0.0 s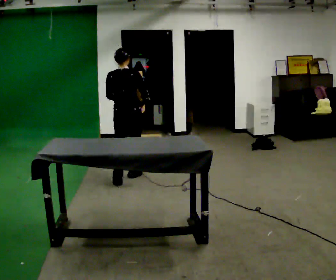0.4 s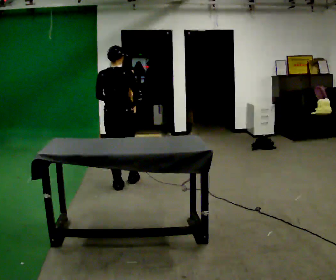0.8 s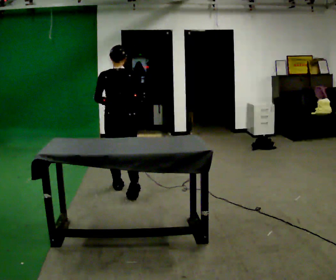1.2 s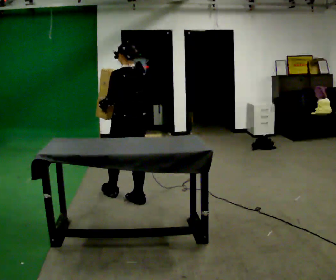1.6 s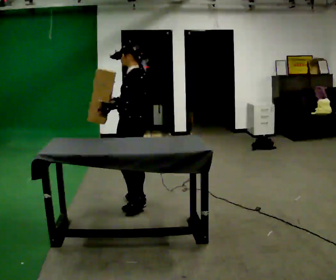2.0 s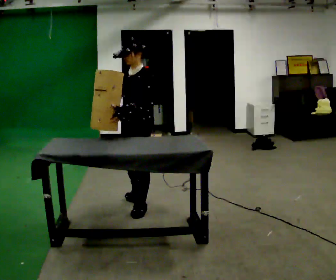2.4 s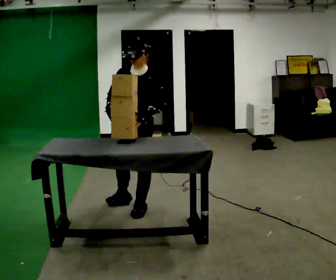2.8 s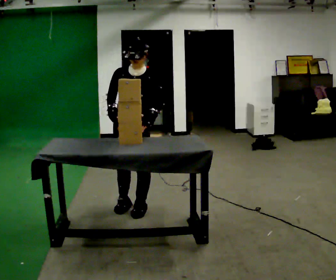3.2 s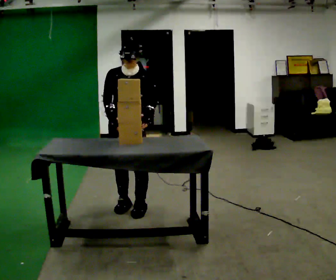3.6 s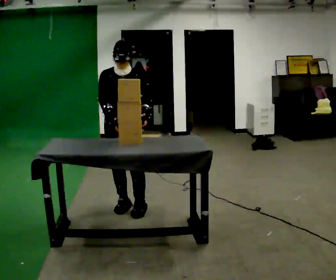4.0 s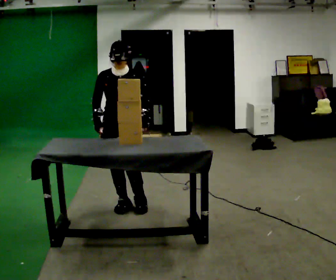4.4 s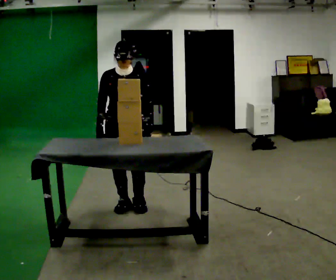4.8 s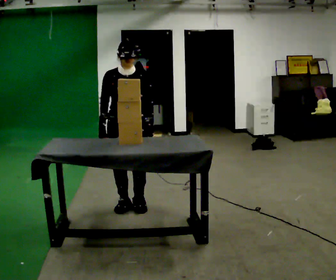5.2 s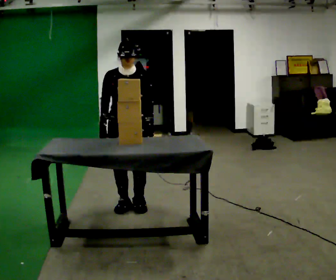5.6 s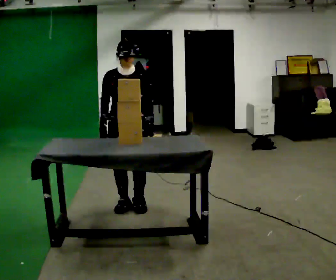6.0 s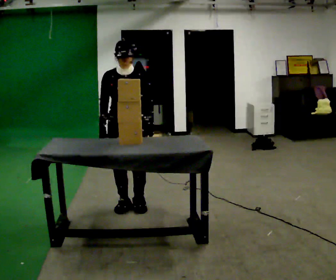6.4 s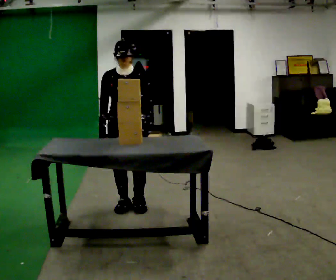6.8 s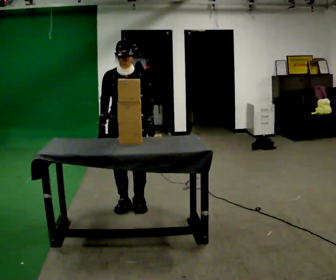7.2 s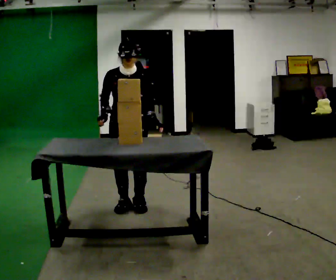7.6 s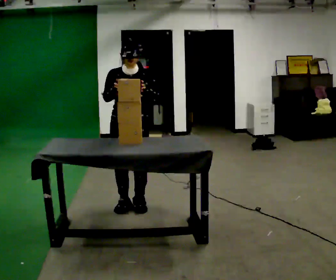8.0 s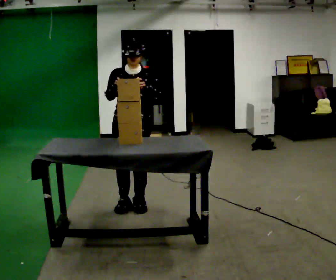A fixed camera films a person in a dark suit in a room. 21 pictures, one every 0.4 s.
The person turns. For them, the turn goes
to their left.
The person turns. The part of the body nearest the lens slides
to the right.
0.0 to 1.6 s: The person turns about 90 degrees to their left, counterclockwise seen from above, so the part of the body nearest the lens slides to the right. In the picture they go toward the camera, about 0.5 m in 2 steps.
1.6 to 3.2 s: The person turns about 90 degrees to their left, counterclockwise seen from above, so the part of the body nearest the lens slides to the right. In the picture they go toward the camera, about 0.25 m.
3.2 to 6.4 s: The person moves a little, or ends about where they began.
6.4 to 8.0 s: In the picture their right hand goes upward.
The film runs backward here.
